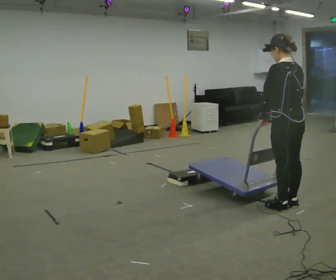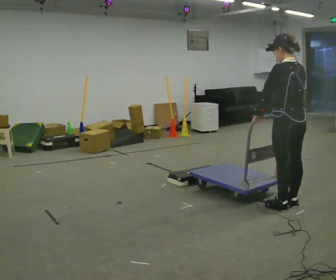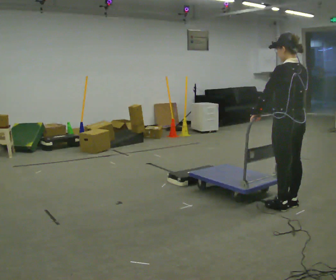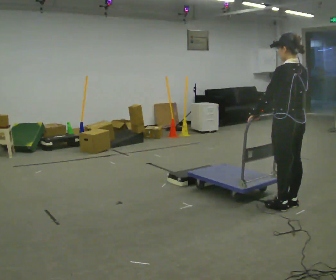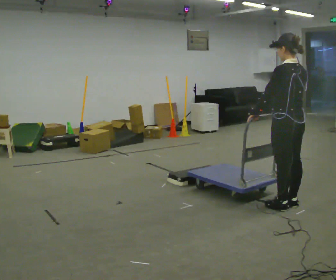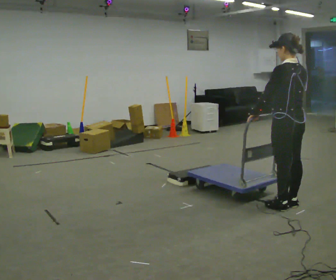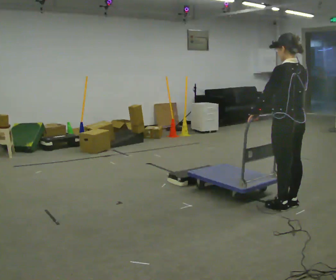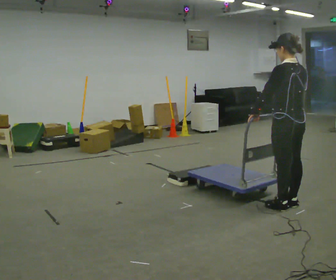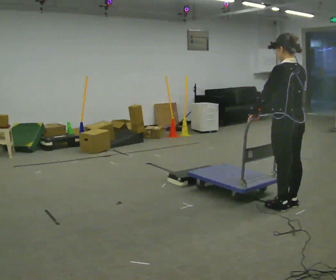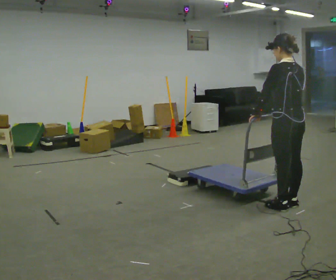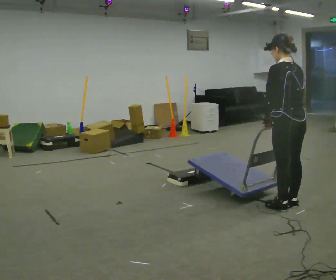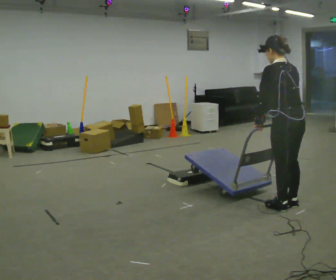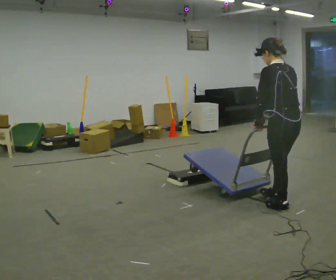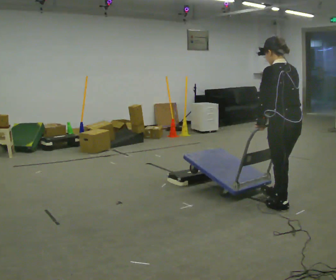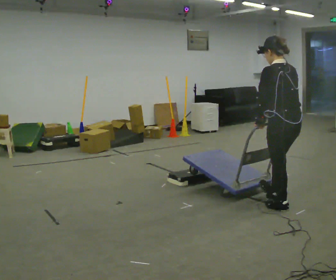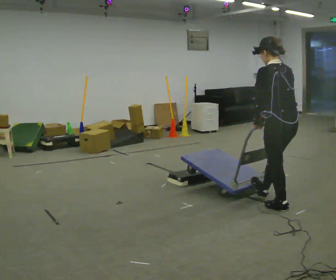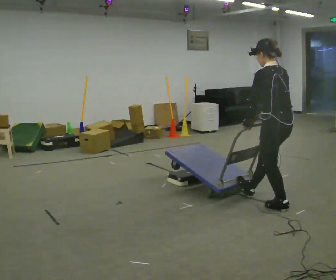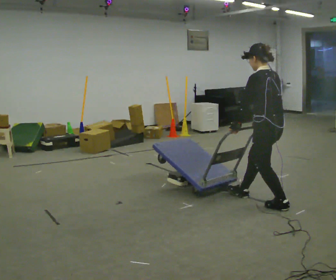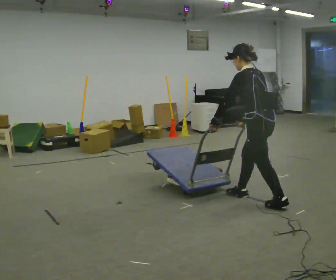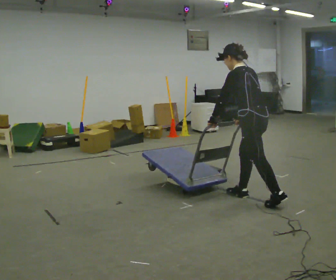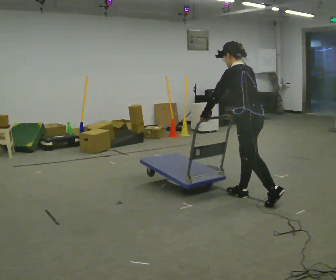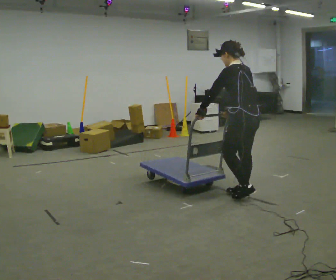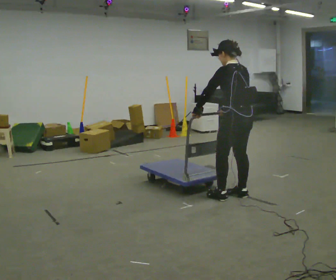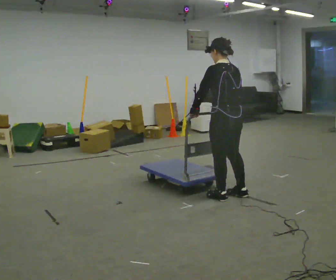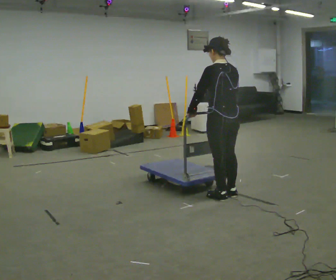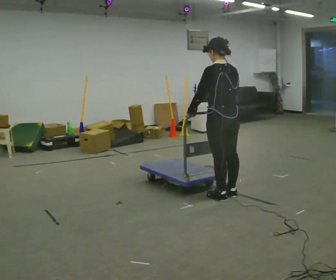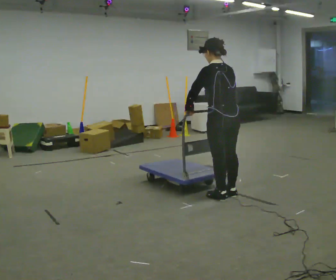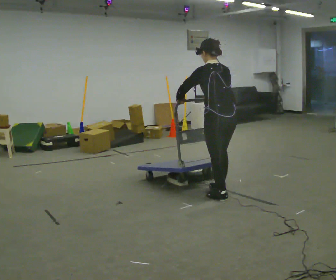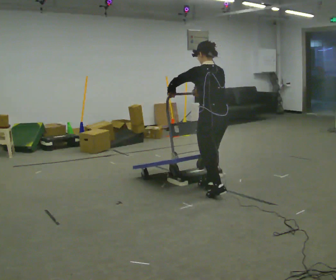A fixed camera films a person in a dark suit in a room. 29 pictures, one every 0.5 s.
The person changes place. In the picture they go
to the left.
0.0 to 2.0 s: The person moves a little, or ends about where they began.
2.0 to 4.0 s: The person keeps their place and pose.
4.0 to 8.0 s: The person moves a little, or ends about where they began.
8.0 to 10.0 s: In the picture they go to the left and away from the camera, about 0.25 m in 1 step, which for them is forward.
10.0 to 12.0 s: In the picture they go to the left, about 0.25 m in 2 steps, which for them is forward and to their left. In the picture the upper body tilts clockwise, shoulders to the right, as they lean back or straighten.
12.0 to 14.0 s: In the picture they go away from the camera, about 0.25 m in 1 step, which for them is forward. In the picture their left hand goes to the left.
The film runs forward here.
